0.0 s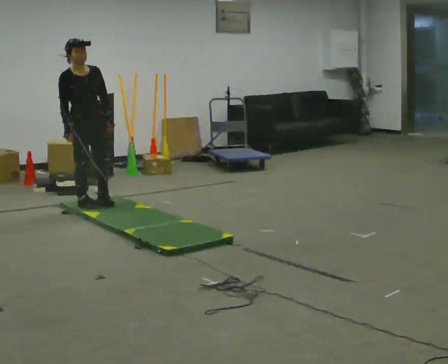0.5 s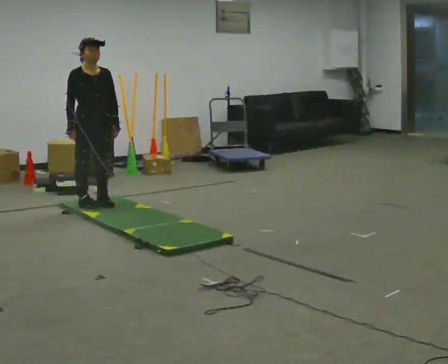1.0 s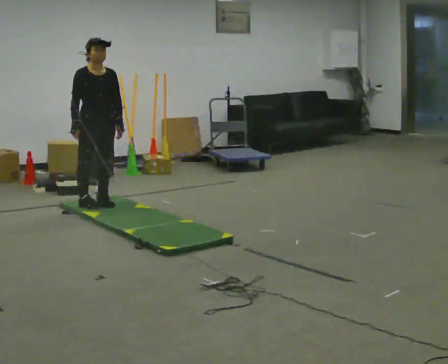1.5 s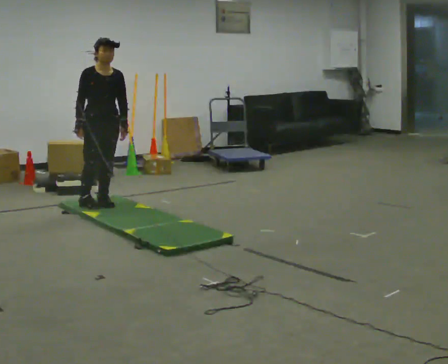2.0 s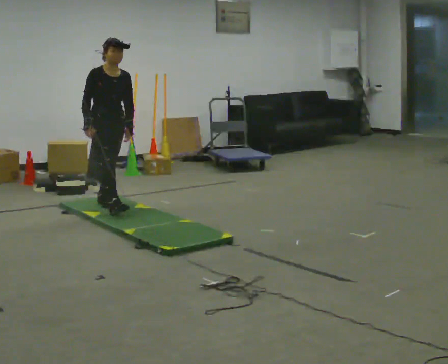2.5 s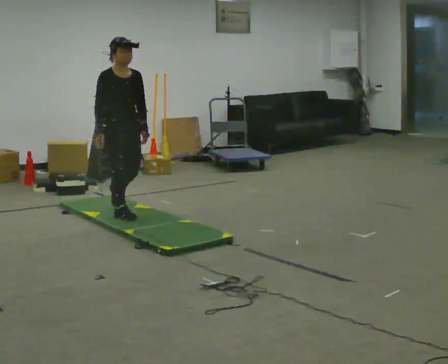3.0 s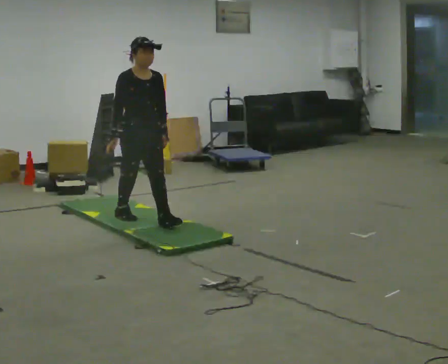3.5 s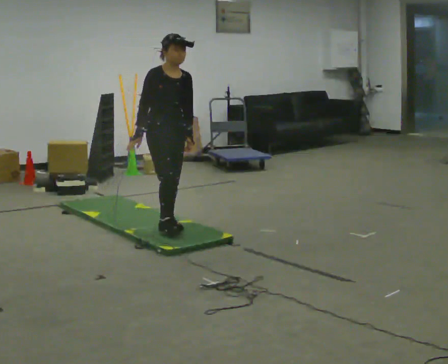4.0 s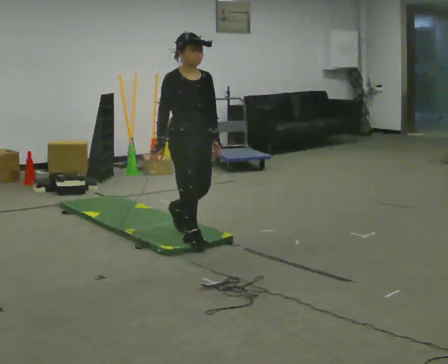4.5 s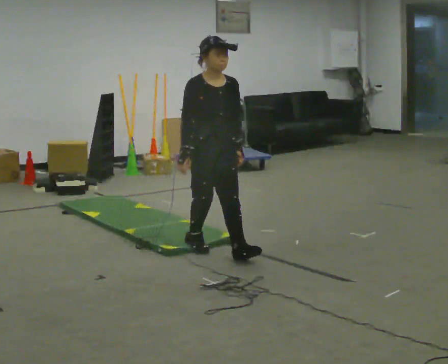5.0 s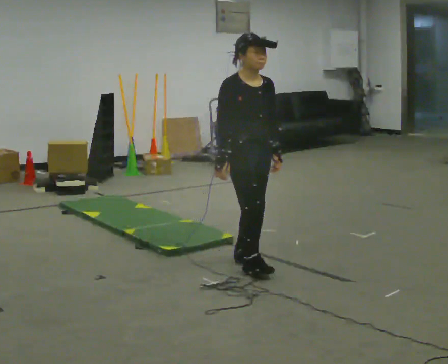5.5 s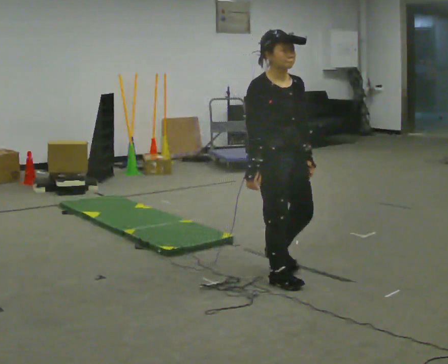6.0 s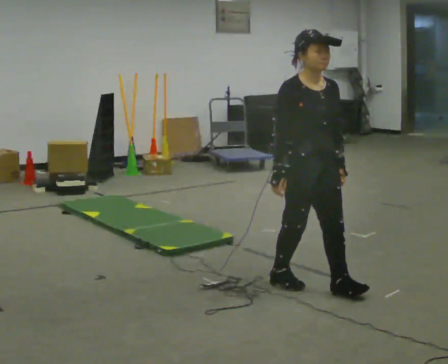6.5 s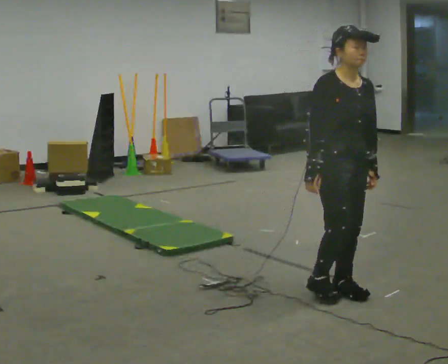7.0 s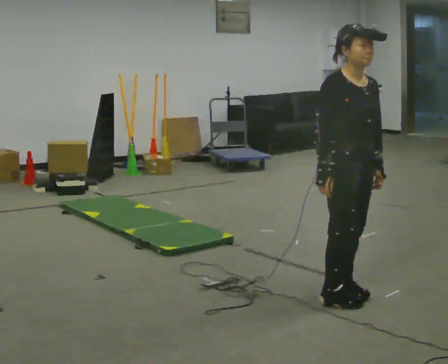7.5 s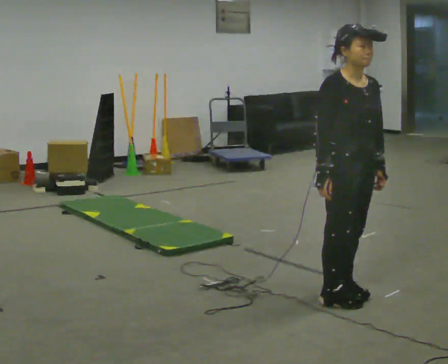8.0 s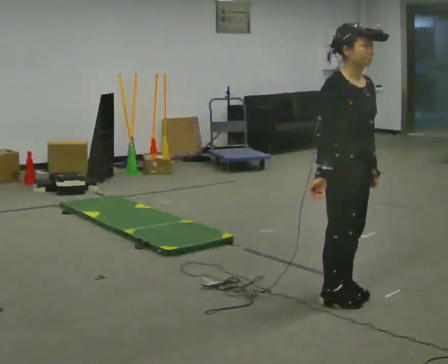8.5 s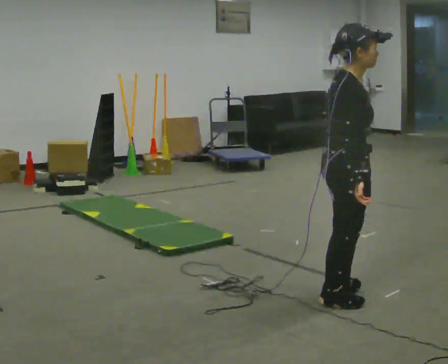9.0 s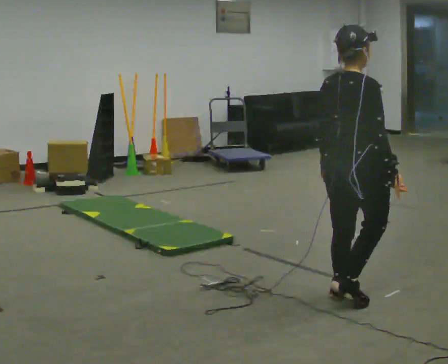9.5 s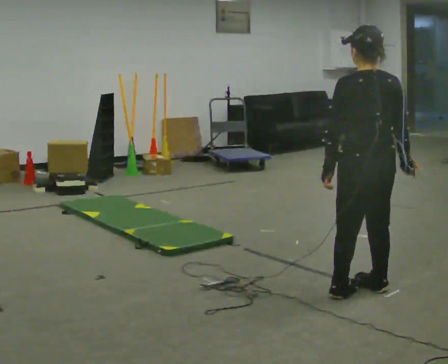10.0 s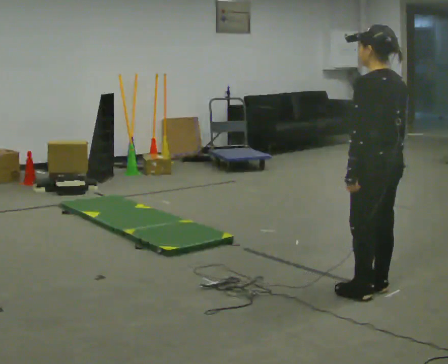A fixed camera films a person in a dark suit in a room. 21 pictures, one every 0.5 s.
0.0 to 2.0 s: In the picture they go to the right, about 0.25 m, which for them is forward and to their left.
2.0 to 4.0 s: In the picture they go to the right and toward the camera, about 1 m in 3 steps, which for them is forward.
4.0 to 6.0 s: In the picture they go to the right and toward the camera, about 1 m in 3 steps, which for them is forward.
6.0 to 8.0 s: In the picture they go toward the camera and to the right, about 0.25 m in 1 step, which for them is forward.
8.0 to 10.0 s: The part of the body nearest the lens slides to the right as the person turns to their left by about 165 degrees. In the picture they go to the right, about 0.25 m in 1 step. In the picture their right hand goes to the right.
The film runs forward here.
